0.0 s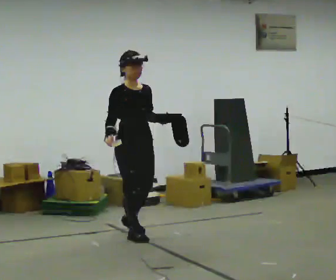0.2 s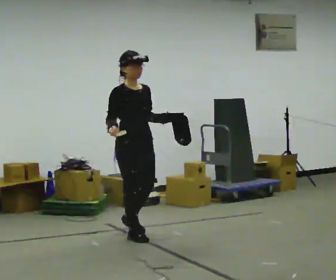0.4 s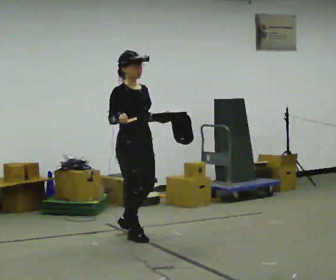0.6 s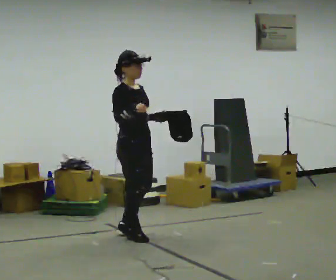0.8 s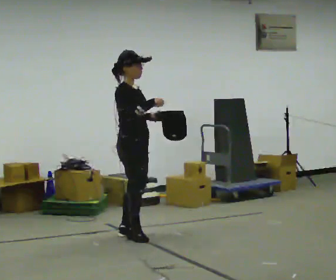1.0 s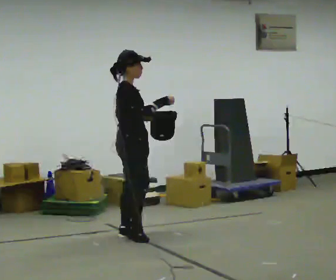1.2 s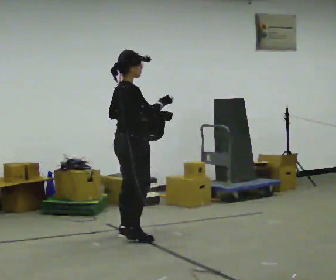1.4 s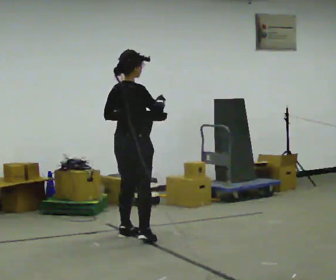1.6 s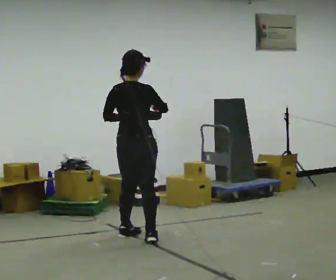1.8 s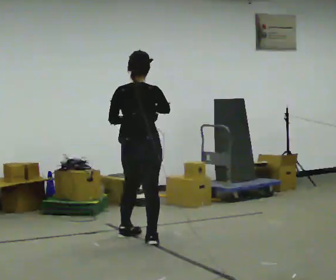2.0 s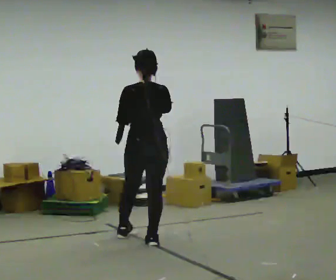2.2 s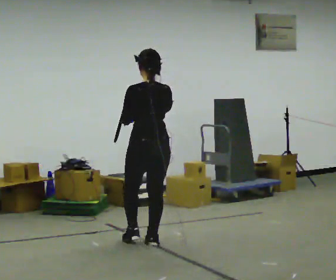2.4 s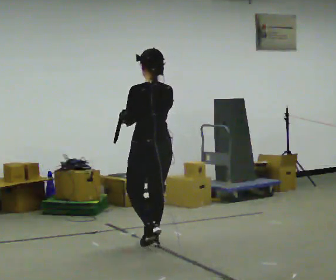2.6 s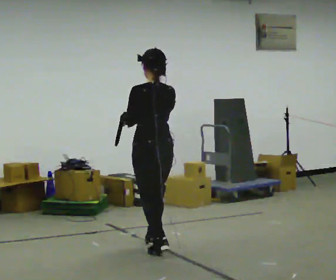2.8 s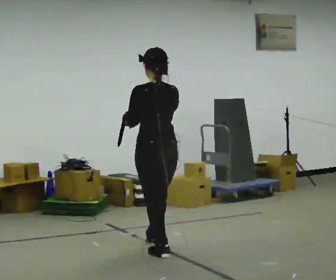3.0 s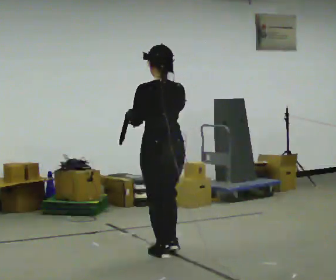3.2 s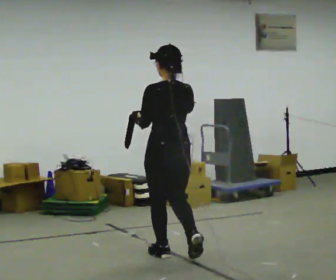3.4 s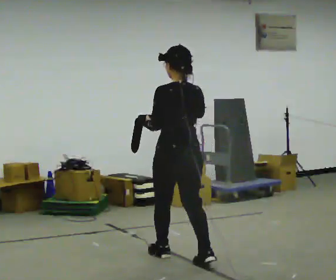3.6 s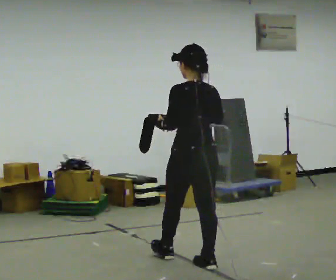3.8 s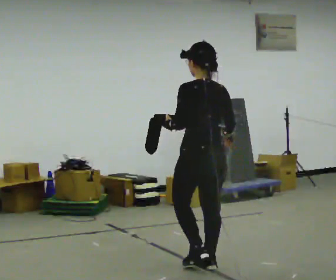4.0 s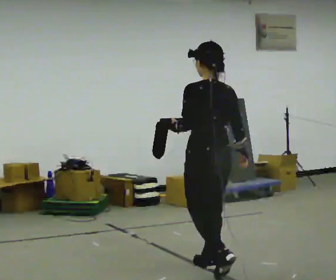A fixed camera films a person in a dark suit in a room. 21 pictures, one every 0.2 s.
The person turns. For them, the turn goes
to their left.
The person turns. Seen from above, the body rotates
counterclockwise.
0.0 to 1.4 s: The part of the body nearest the lens slides to the right as the person turns to their left by about 90 degrees. In the picture their right hand goes to the right.
1.4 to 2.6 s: The part of the body nearest the lens slides to the right as the person turns to their left by about 75 degrees. In the picture they go toward the camera and to the right, about 0.5 m in 1 step.
2.6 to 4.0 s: In the picture they go toward the camera and to the right, about 1 m in 2 steps, which for them is backward.
The film runs backward here.
